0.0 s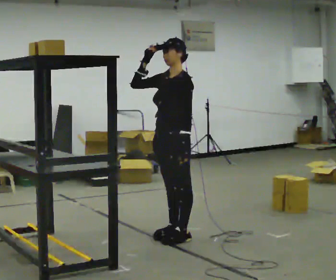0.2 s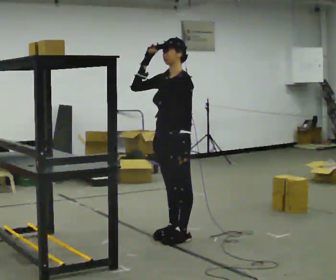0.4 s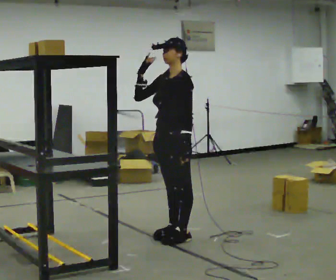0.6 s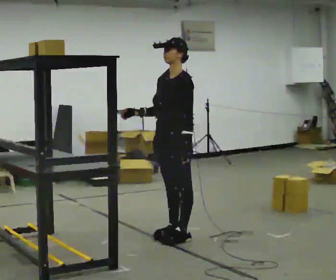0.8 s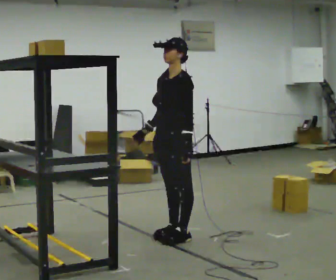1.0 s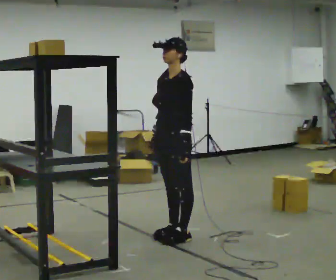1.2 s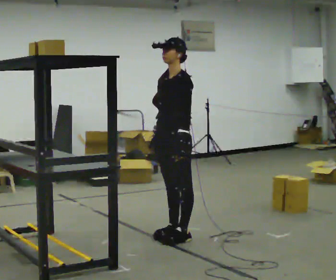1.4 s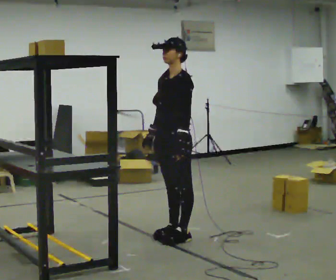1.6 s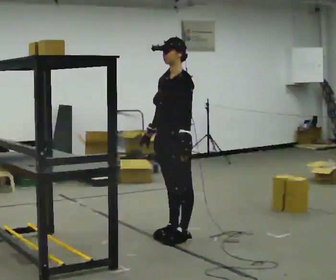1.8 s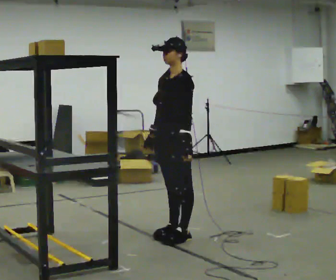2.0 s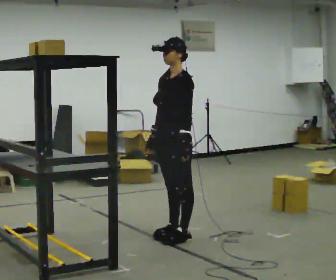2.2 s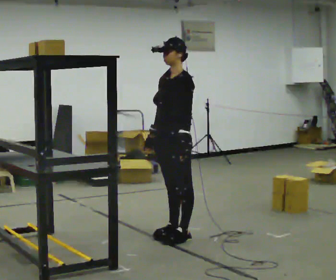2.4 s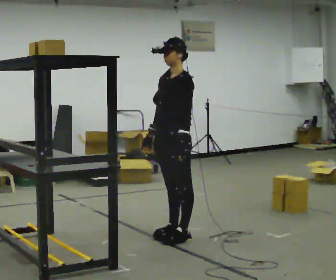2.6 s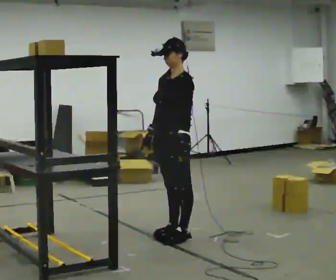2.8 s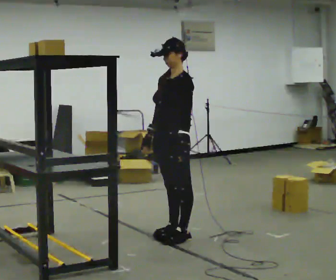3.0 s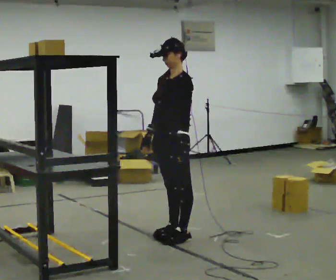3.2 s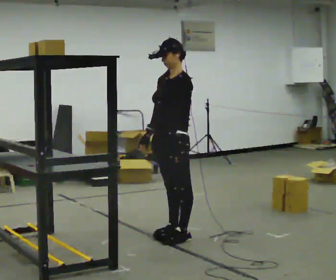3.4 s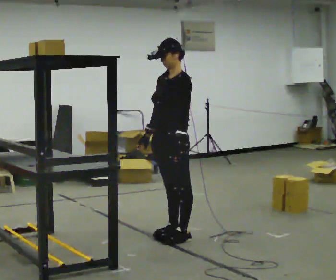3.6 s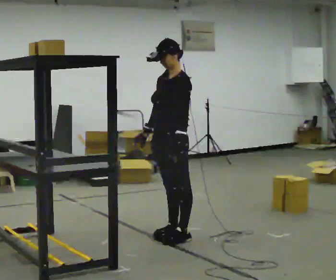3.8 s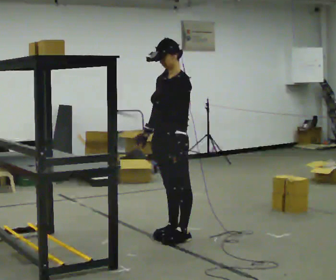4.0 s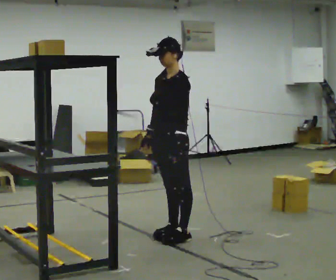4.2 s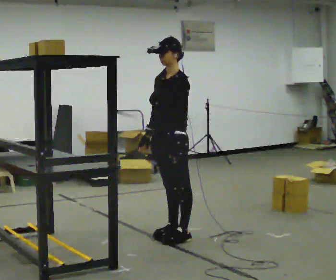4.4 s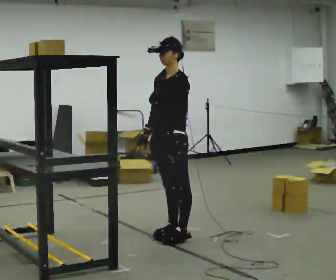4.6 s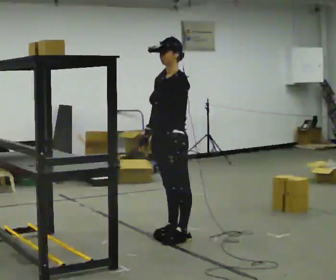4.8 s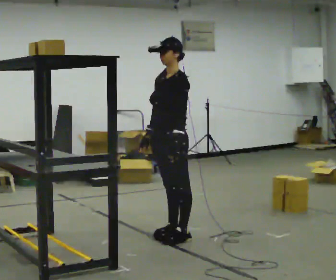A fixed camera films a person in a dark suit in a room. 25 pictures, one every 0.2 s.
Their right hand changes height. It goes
downward.
0.0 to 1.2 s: In the picture their right hand goes downward.
1.2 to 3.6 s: The person moves a little, or ends about where they began.
3.6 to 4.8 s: The person keeps their place and pose.
The film runs forward here.
